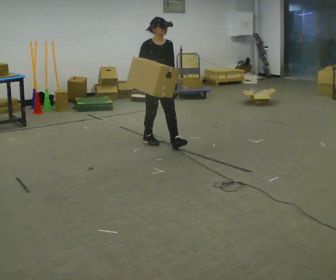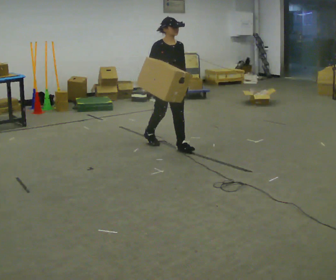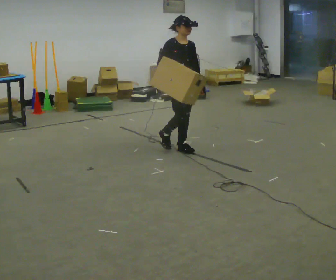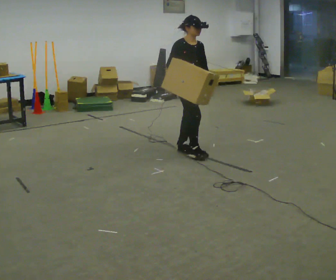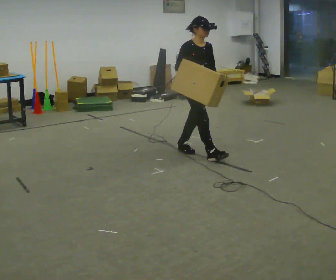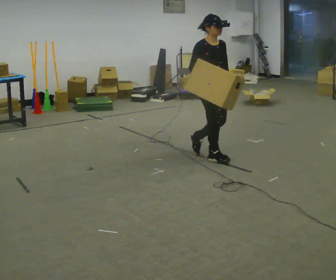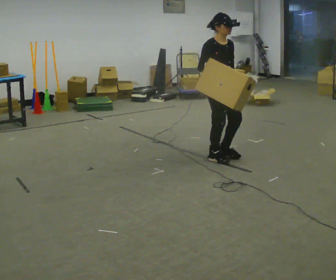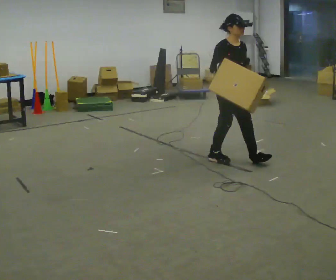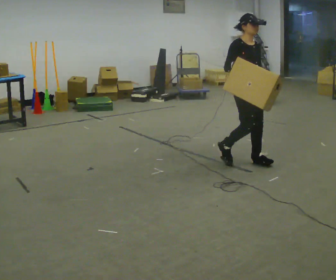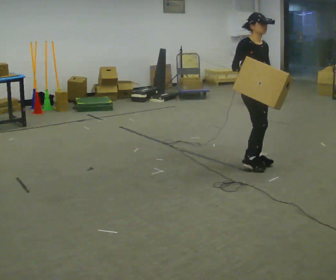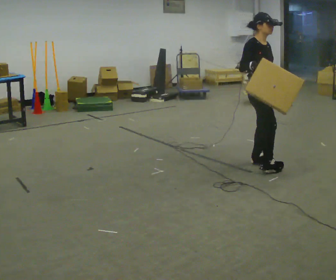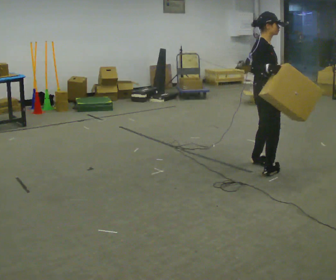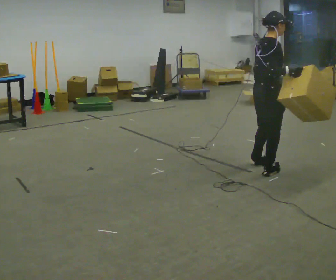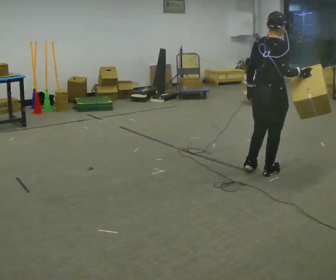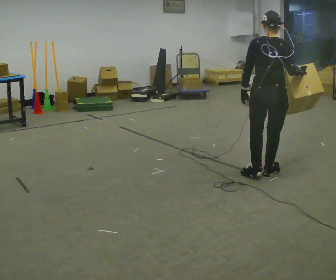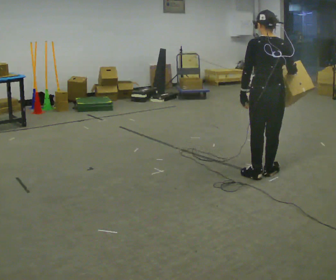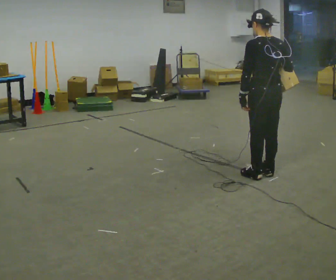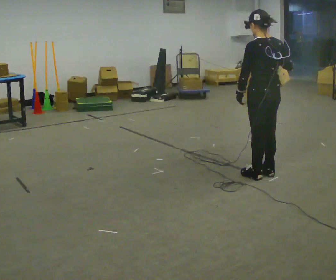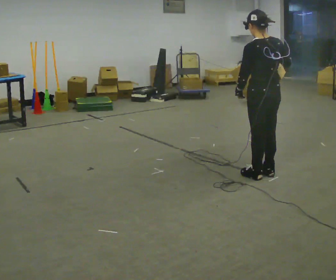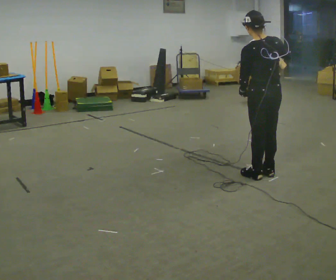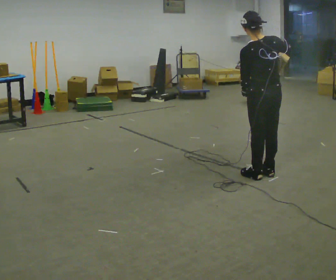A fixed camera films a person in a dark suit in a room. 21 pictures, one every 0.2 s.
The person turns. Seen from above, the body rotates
counterclockwise.
The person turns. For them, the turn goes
to their left.
0.0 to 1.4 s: In the picture they go to the right and toward the camera, about 1 m in 2 steps, which for them is forward.
1.4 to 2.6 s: The part of the body nearest the lens slides to the right as the person turns to their left by about 90 degrees. In the picture they go toward the camera and to the right, about 0.5 m in 2 steps.
2.6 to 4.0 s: The person turns about 60 degrees to their left, counterclockwise seen from above, so the part of the body nearest the lens slides to the right. In the picture the upper body tilts counterclockwise, shoulders to the left.
The film runs forward here.
